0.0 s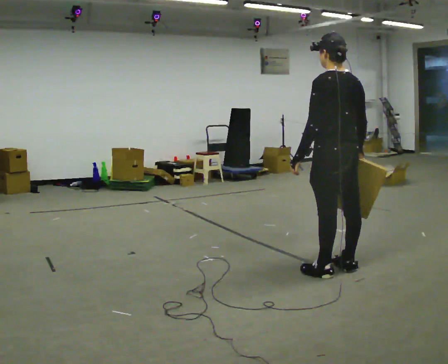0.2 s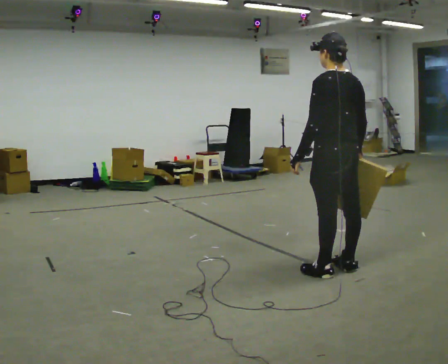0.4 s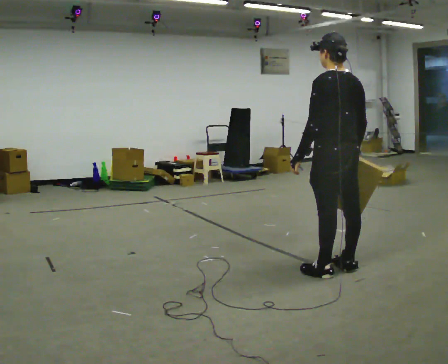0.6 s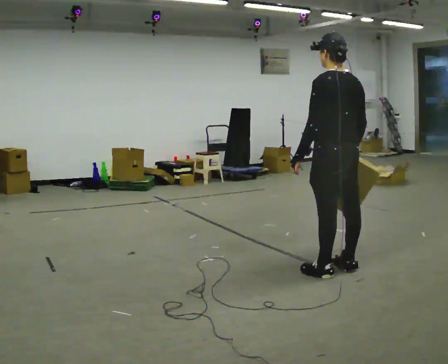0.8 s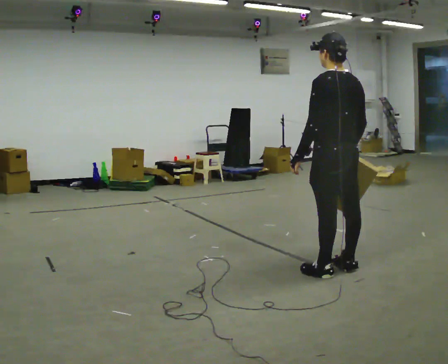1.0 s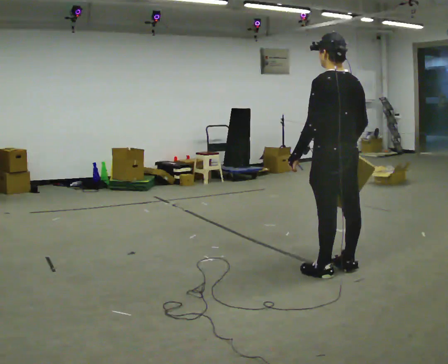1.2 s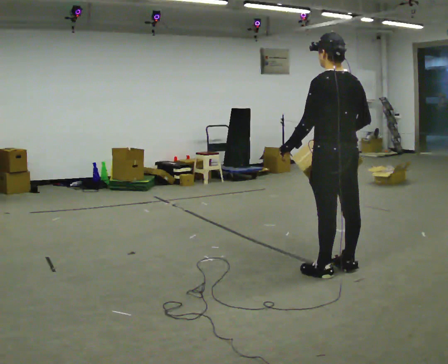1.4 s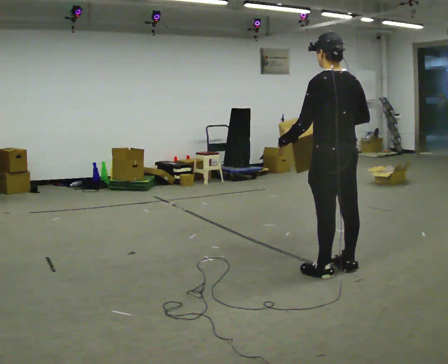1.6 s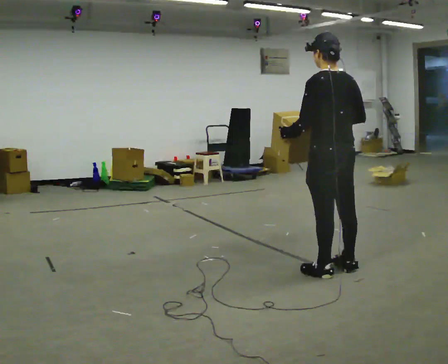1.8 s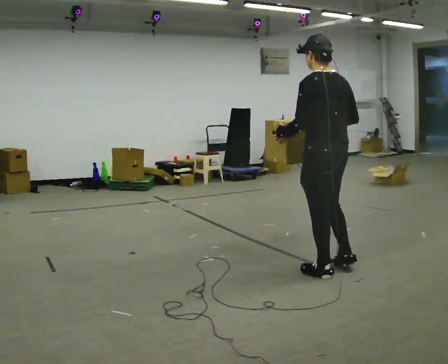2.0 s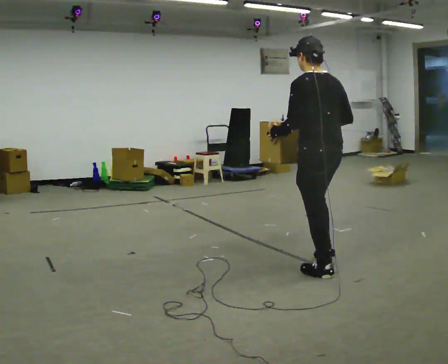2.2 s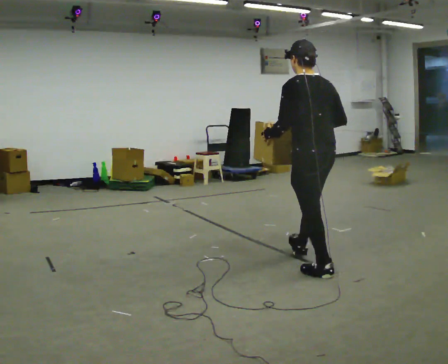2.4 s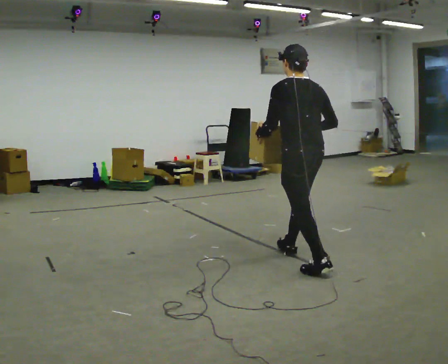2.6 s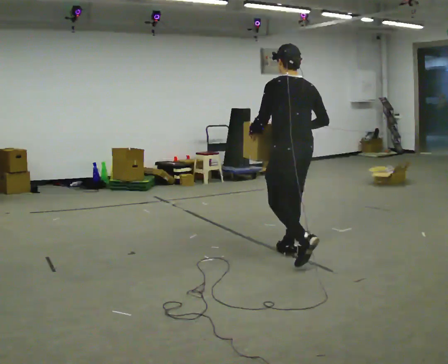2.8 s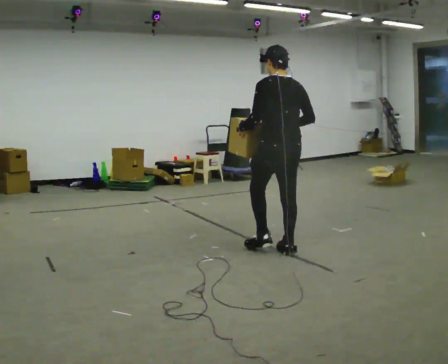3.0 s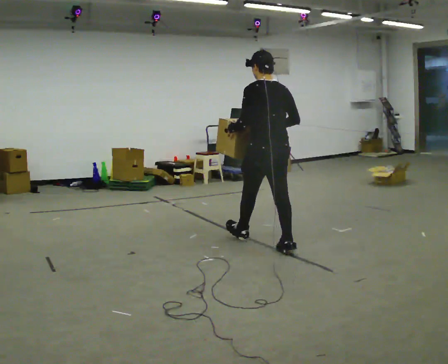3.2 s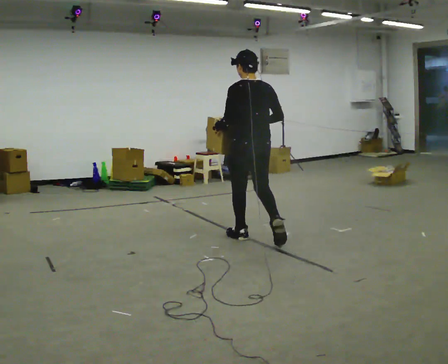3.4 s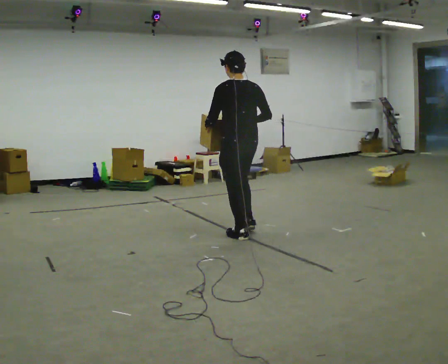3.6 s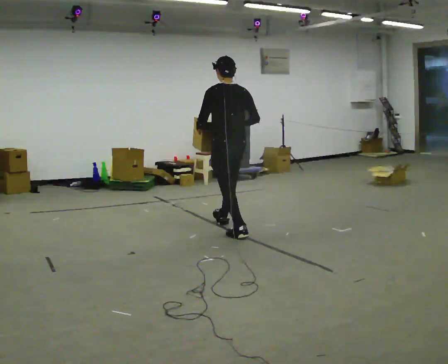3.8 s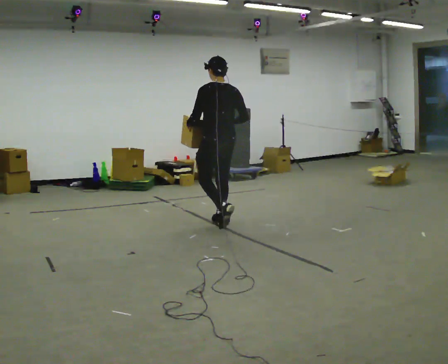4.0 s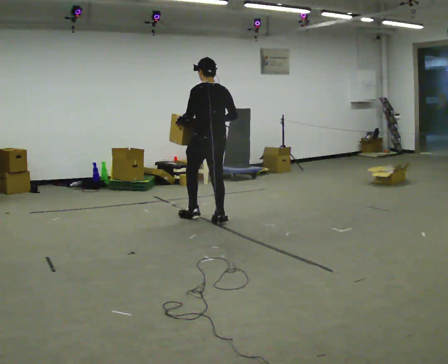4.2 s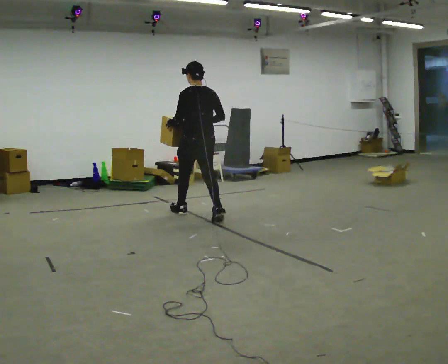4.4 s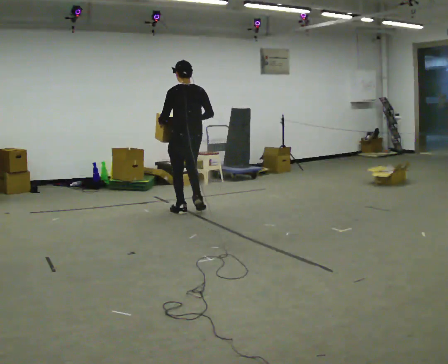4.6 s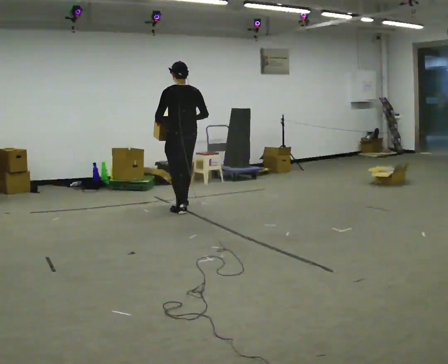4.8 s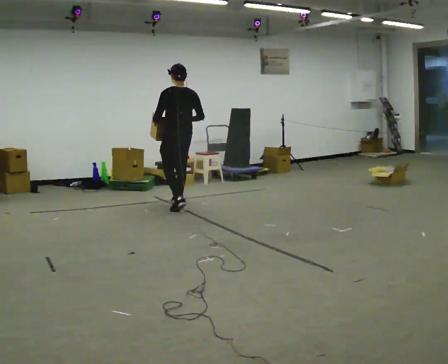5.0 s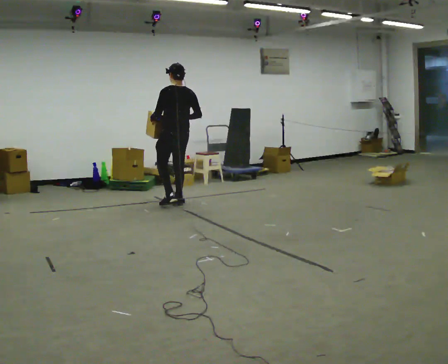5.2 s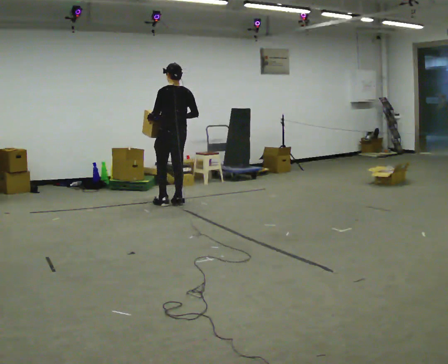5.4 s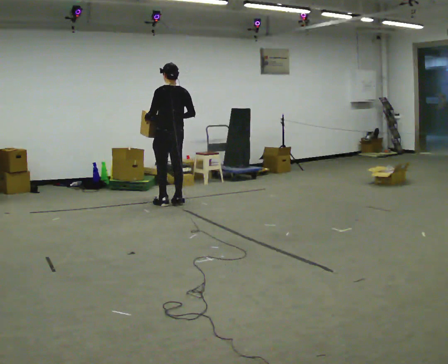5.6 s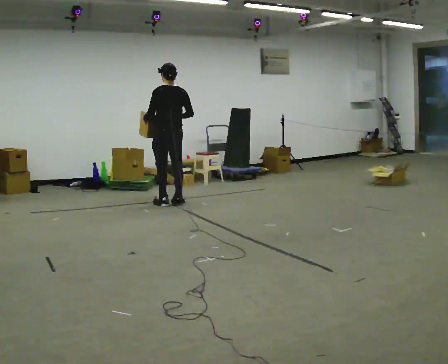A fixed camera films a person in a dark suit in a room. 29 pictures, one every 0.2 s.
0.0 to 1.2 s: The person moves a little, or ends about where they began.
1.2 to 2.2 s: In the picture they go to the left, about 0.25 m, which for them is forward.
2.2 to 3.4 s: In the picture they go away from the camera and to the left, about 1 m in 2 steps, which for them is forward.
3.4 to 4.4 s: In the picture they go away from the camera and to the left, about 1 m in 2 steps, which for them is forward.
4.4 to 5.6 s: In the picture they go away from the camera and to the left, about 0.5 m in 2 steps, which for them is forward.
The film runs forward here.
